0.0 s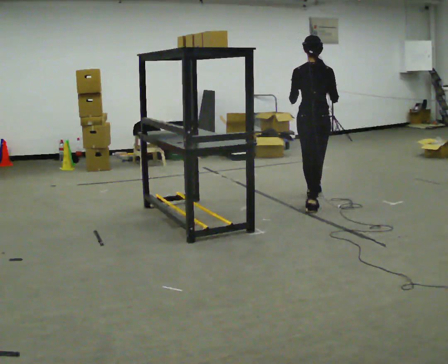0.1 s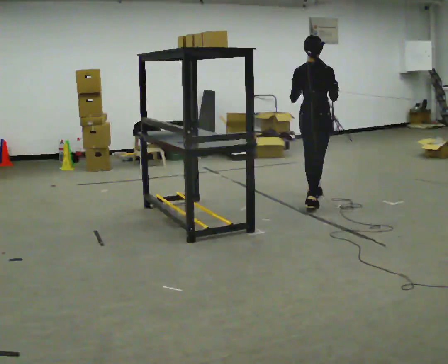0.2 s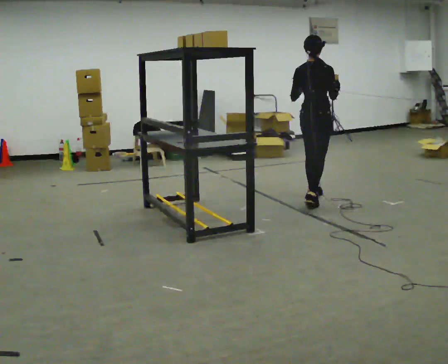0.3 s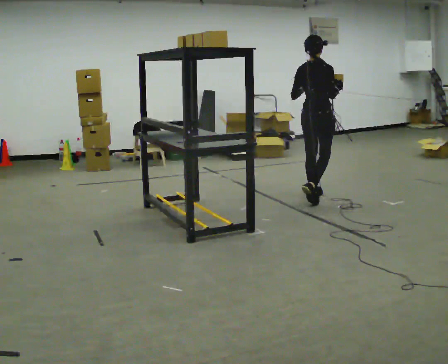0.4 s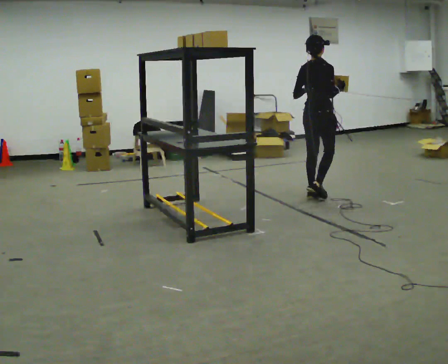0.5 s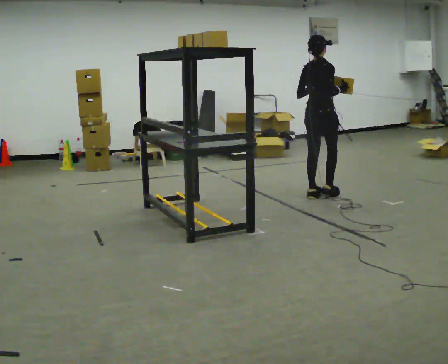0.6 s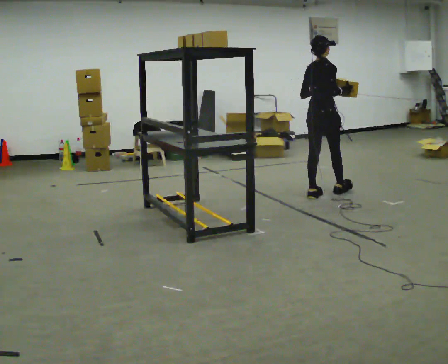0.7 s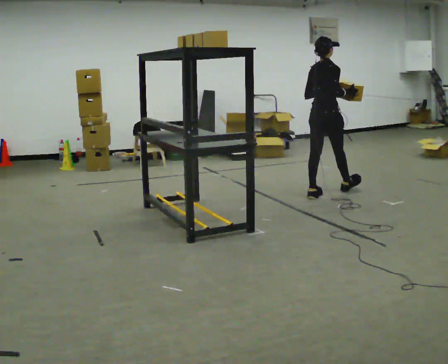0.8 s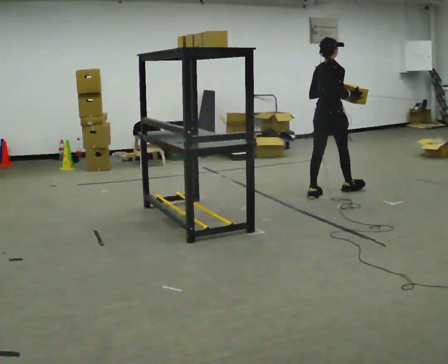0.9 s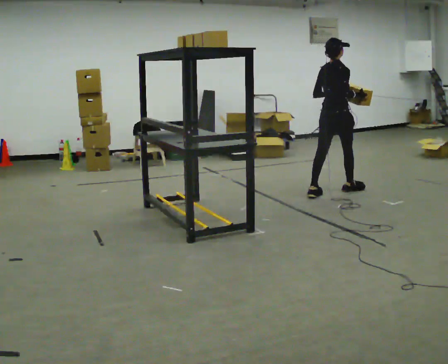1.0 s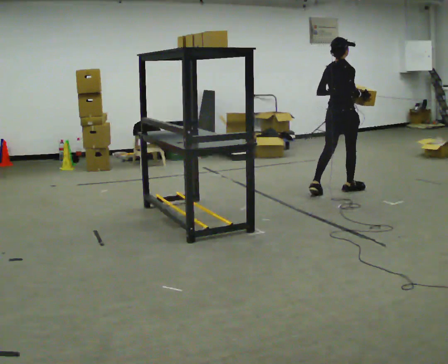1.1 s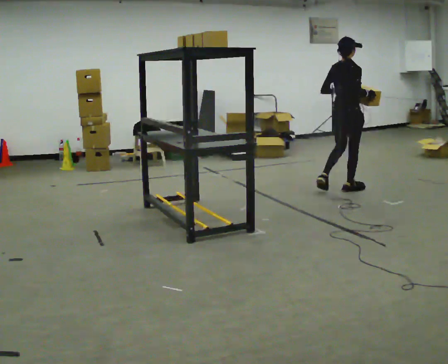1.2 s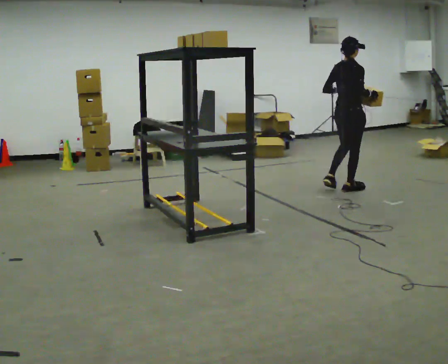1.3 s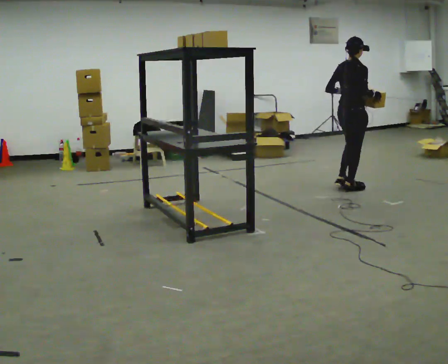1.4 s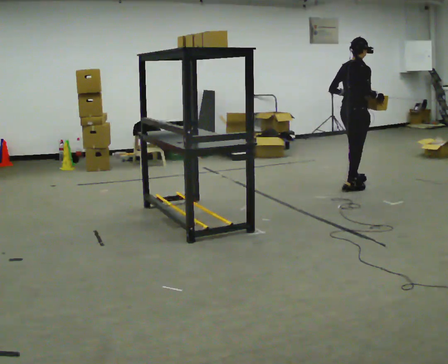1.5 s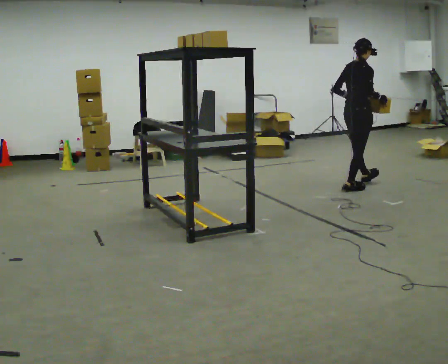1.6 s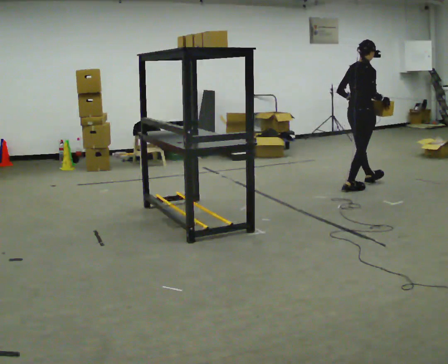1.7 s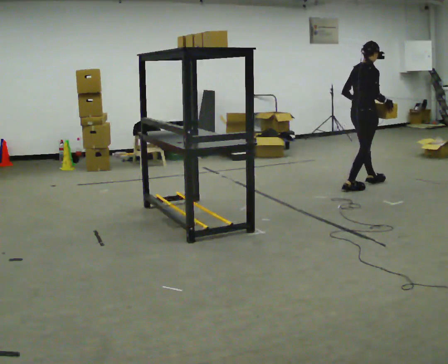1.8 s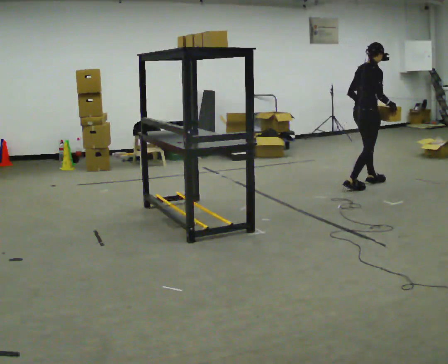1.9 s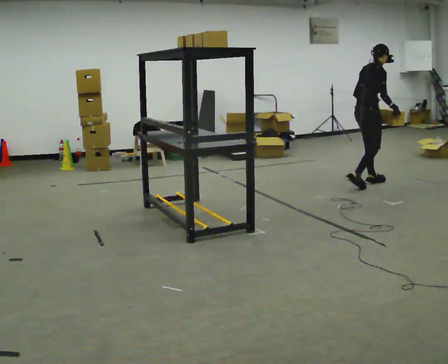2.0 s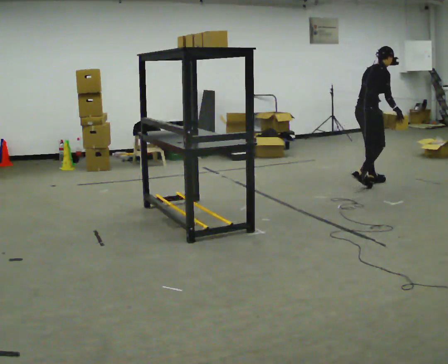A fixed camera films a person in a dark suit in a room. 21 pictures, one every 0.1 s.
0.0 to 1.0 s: Seen from above the body turns clockwise, about 30 degrees: to their right, with its near side sliding to the left. In the picture they go away from the camera and to the right, about 0.5 m in 1 step, which for them is forward.
1.0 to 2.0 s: The part of the body nearest the lens slides to the left as the person turns to their right by about 30 degrees. In the picture they go away from the camera and to the right, about 0.5 m in 1 step, which for them is forward. In the picture the upper body tilts clockwise, shoulders to the right, as they bend forward.
The film runs forward here.
